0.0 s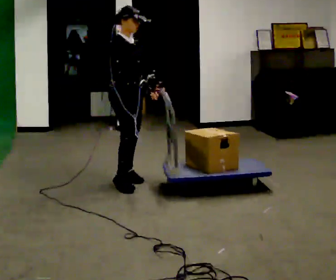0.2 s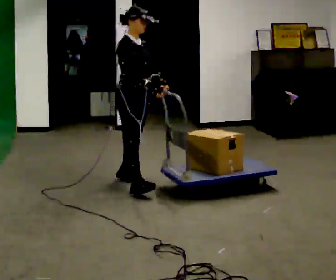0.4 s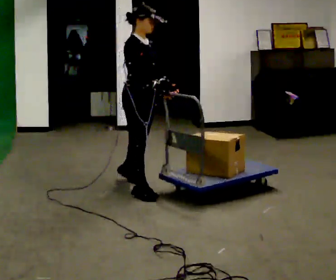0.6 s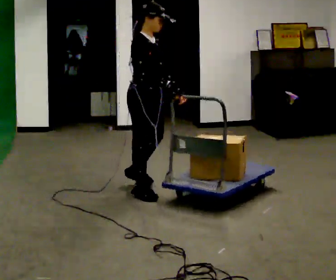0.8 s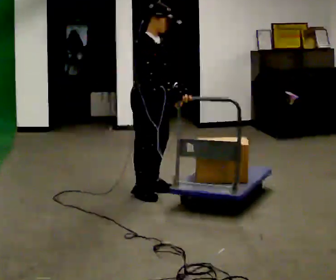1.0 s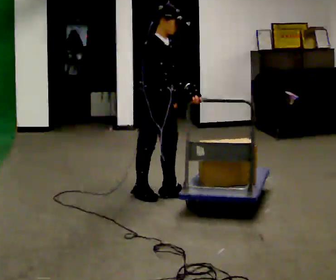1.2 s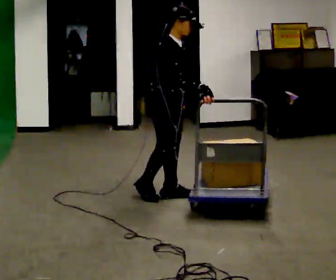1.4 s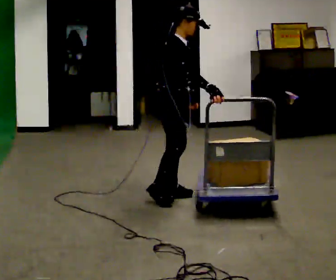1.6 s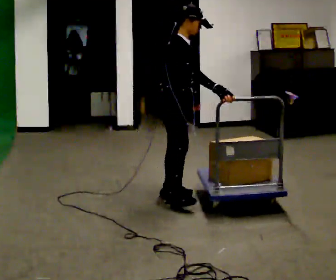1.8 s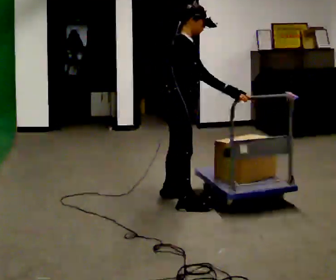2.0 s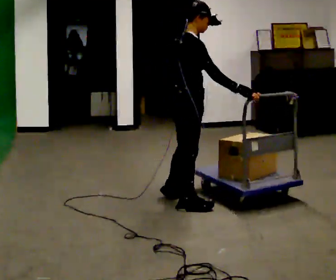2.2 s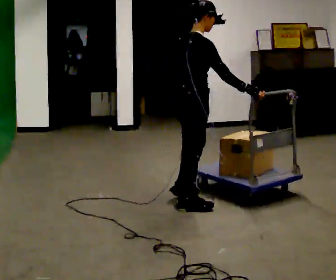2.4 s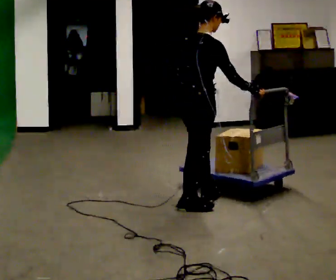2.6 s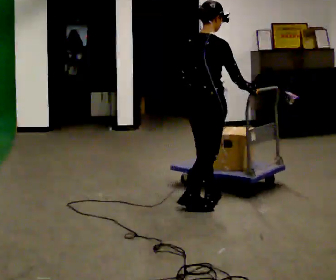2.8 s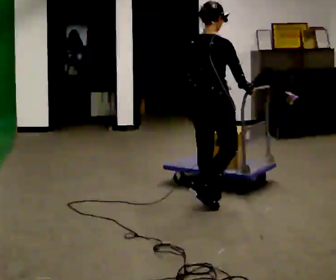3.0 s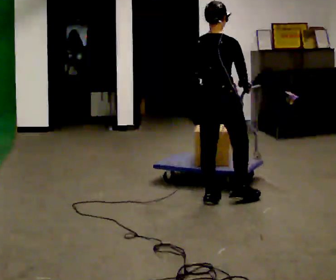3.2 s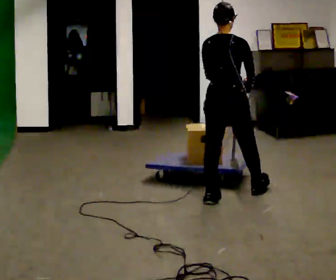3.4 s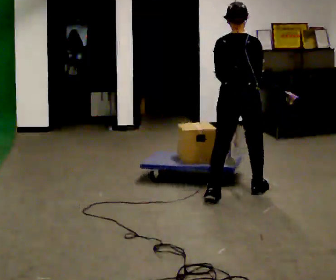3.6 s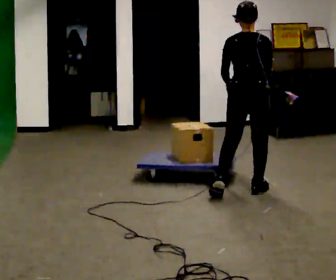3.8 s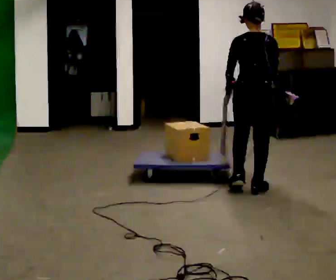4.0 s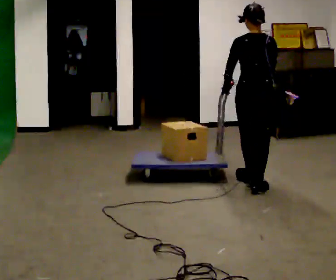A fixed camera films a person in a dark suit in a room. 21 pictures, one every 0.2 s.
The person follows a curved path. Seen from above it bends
counterclockwise.
The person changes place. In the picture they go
to the right.
0.0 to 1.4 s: In the picture they go to the right and toward the camera, about 0.5 m in 2 steps, which for them is forward and to their right.
1.4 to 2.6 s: The person turns about 45 degrees to their left, counterclockwise seen from above, so the part of the body nearest the lens slides to the right. In the picture they go to the right and toward the camera, about 0.25 m in 2 steps, which for them is to their right and forward.
2.6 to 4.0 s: The person turns about 45 degrees to their left, counterclockwise seen from above, so the part of the body nearest the lens slides to the right. In the picture they go away from the camera and to the right, about 0.75 m in 1 step, which for them is forward and to their right.
The film runs forward here.
